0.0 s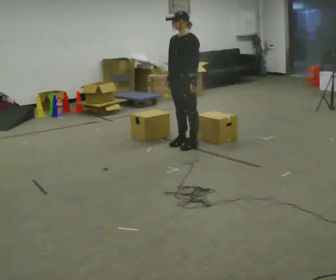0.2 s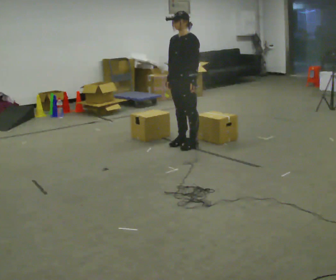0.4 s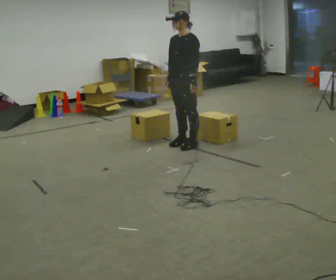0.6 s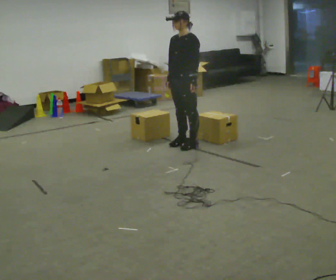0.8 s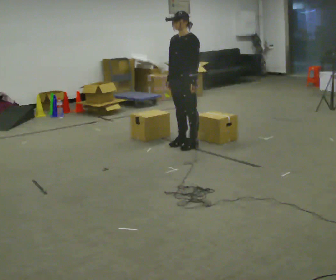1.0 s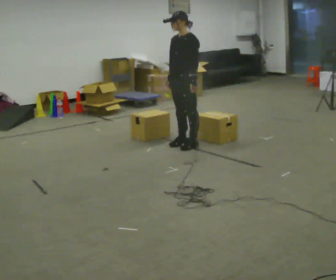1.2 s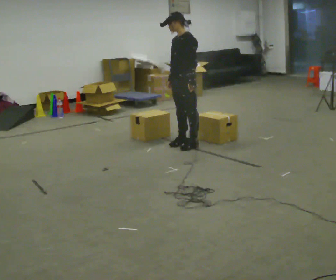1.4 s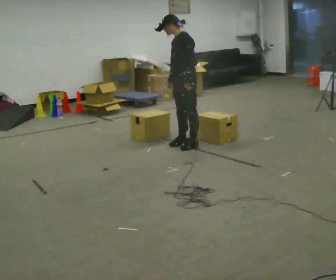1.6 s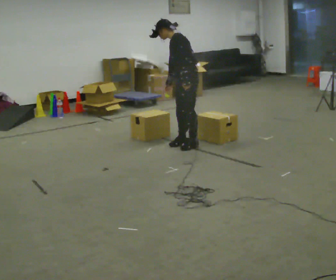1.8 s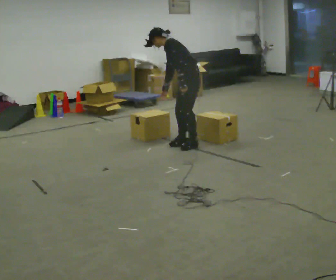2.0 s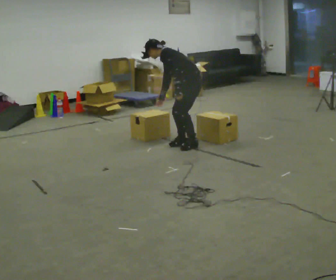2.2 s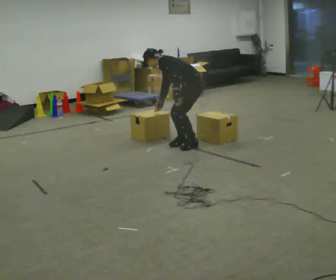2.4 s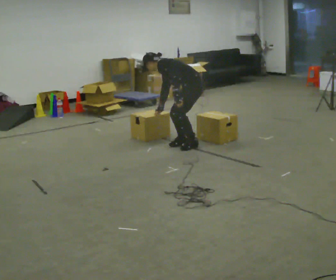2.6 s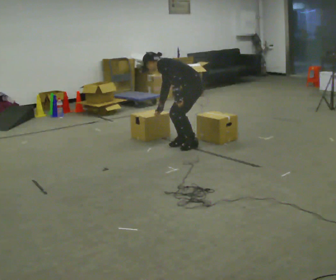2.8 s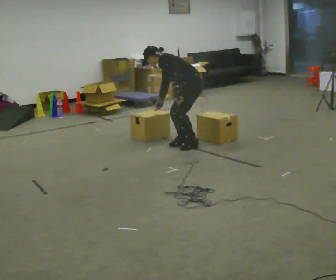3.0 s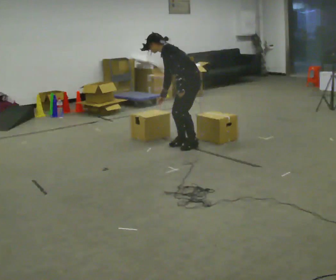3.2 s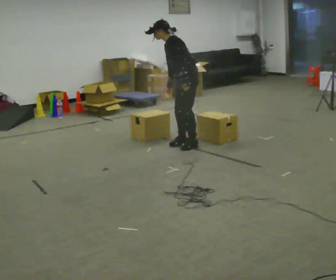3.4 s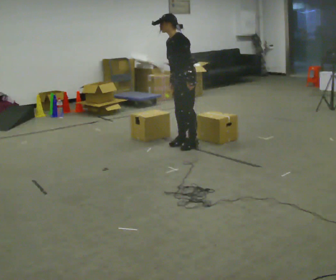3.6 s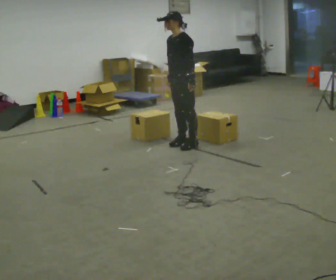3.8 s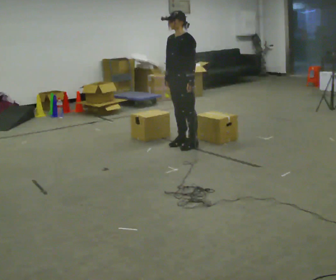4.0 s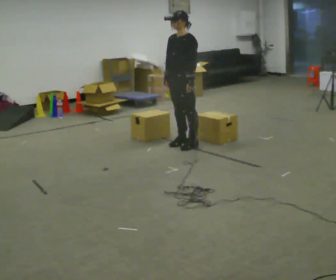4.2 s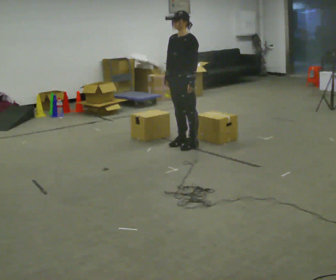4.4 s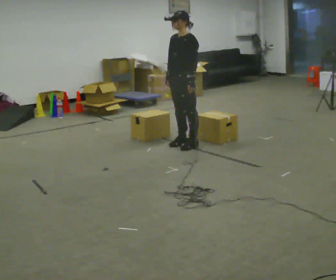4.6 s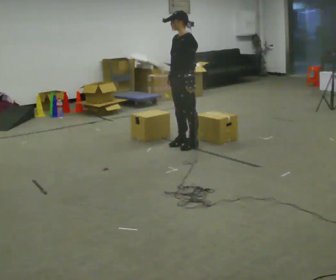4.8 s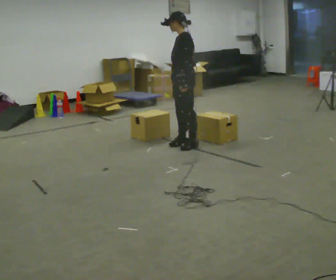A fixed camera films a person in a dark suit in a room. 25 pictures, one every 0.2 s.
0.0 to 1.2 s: The person moves a little, or ends about where they began.
1.2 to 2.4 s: Seen from above the body turns clockwise, about 30 degrees: to their right, with its near side sliding to the left. The shoulders move downward. In the picture the upper body tilts counterclockwise, shoulders to the left, as they bend forward.
2.4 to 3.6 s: Seen from above the body turns counterclockwise, about 30 degrees: to their left, with its near side sliding to the right. The shoulders move upward. In the picture the upper body tilts clockwise, shoulders to the right, as they lean back or straighten.
3.6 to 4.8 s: The person moves a little, or ends about where they began.
The film runs forward here.
